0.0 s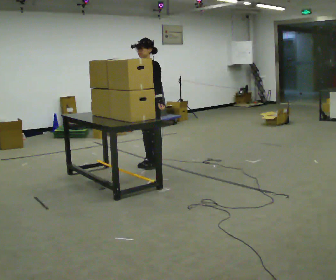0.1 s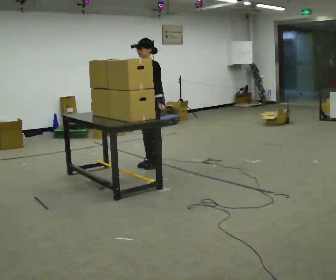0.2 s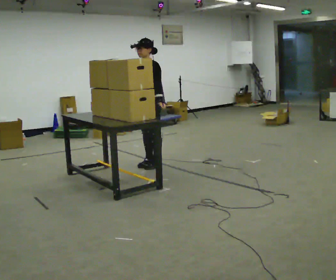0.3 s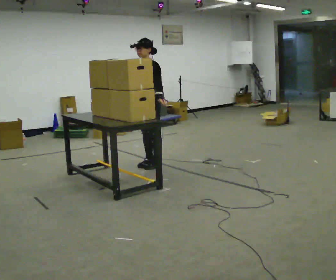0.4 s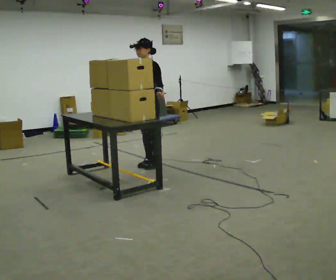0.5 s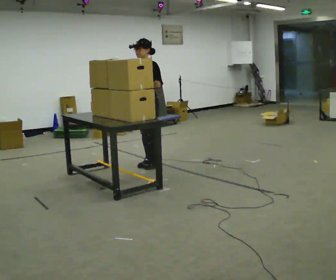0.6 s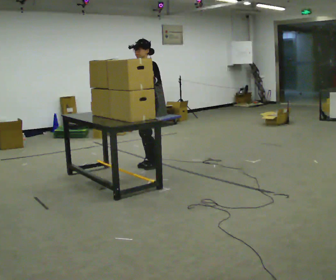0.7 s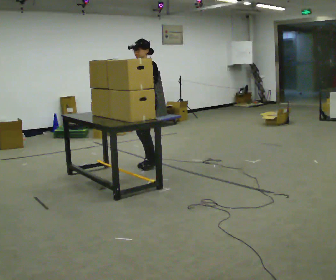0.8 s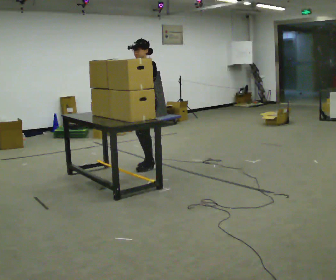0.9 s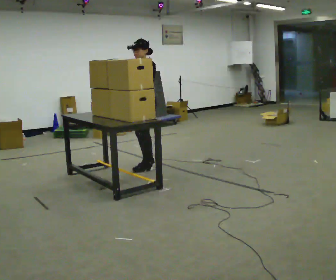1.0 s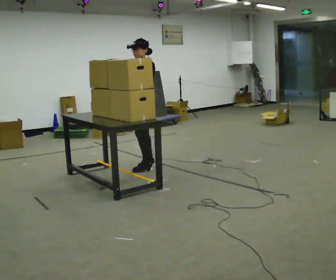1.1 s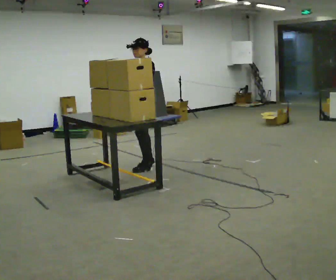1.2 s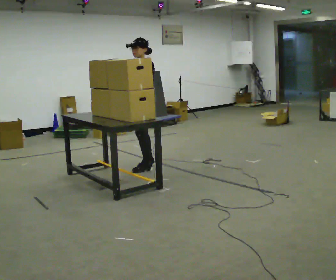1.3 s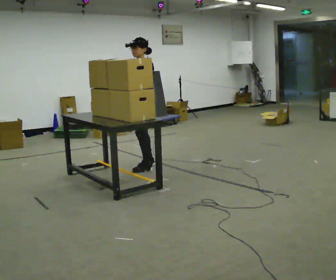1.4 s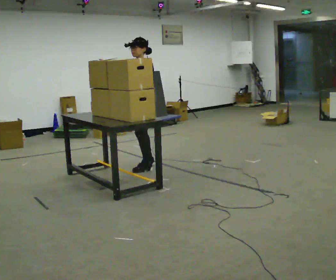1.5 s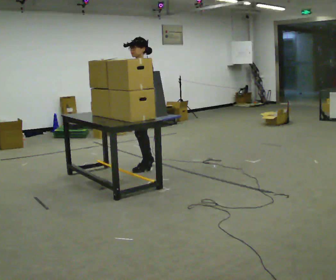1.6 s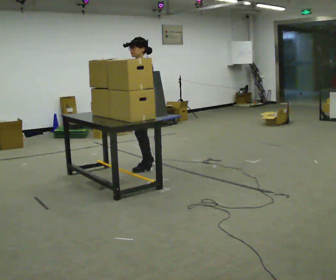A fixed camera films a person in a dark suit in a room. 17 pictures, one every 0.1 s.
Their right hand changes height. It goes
upward.
Their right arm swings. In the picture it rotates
clockwise.
0.0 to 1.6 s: In the picture their right hand goes upward and to the left, the arm swinging clockwise.
The film runs forward here.
